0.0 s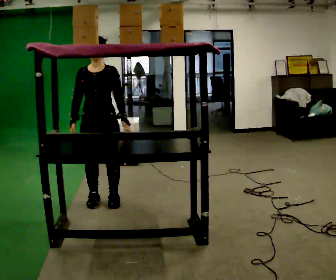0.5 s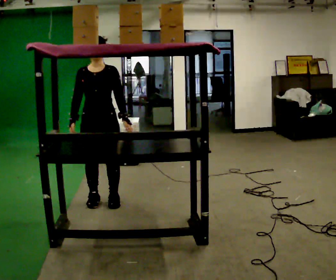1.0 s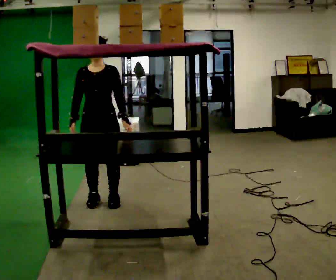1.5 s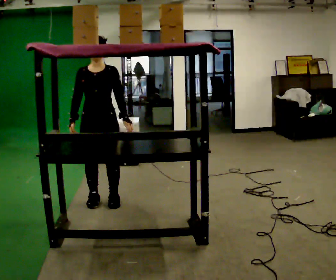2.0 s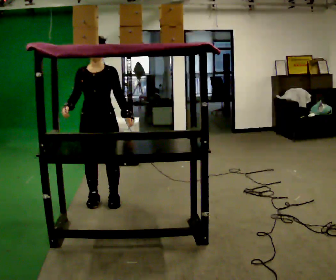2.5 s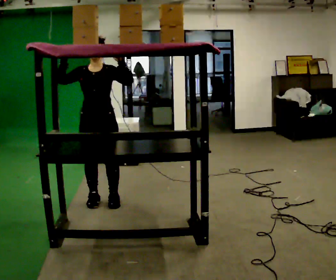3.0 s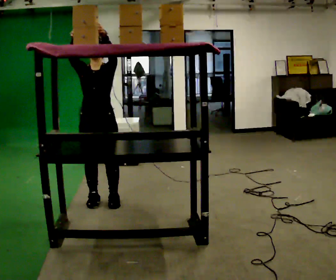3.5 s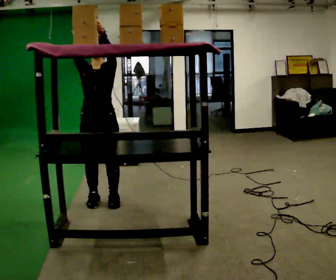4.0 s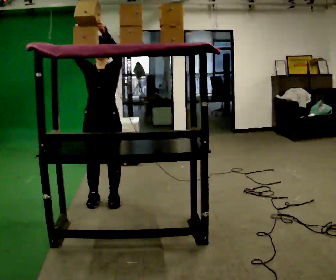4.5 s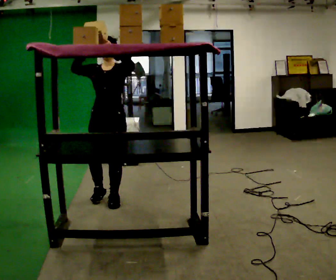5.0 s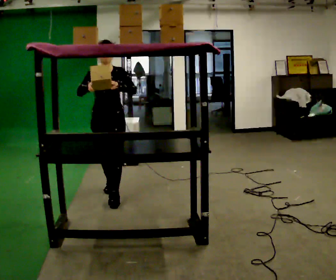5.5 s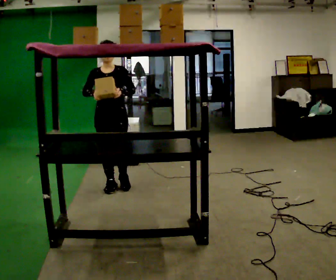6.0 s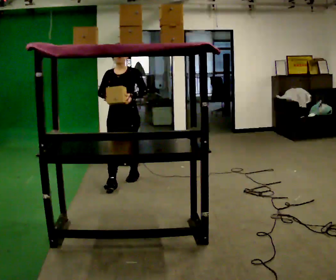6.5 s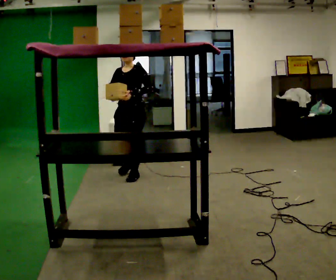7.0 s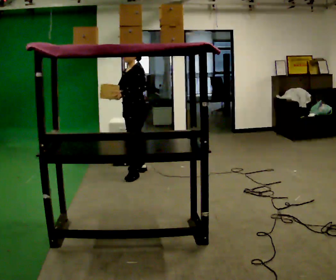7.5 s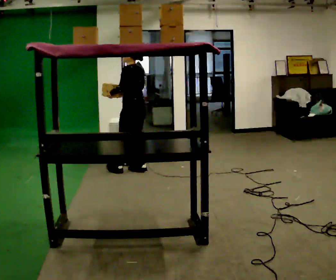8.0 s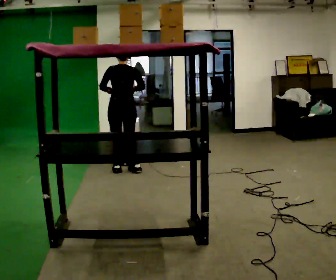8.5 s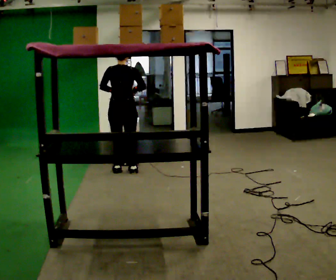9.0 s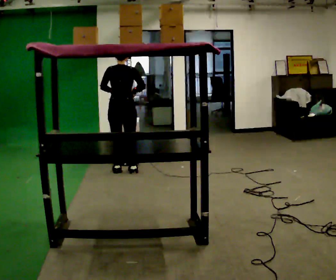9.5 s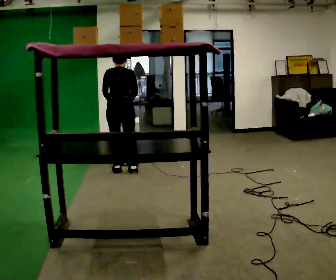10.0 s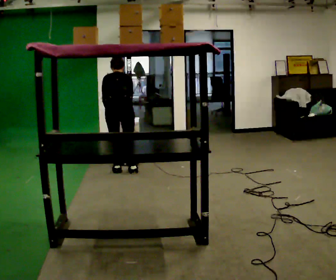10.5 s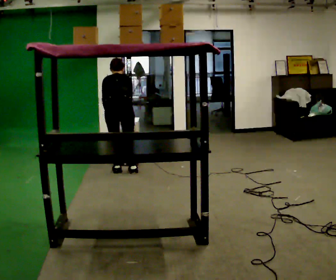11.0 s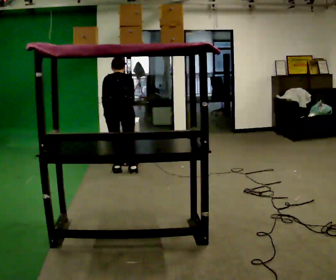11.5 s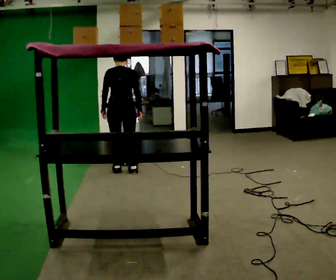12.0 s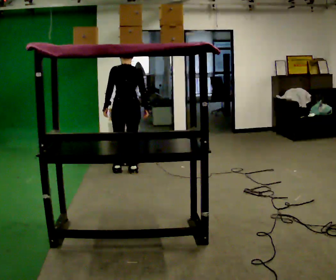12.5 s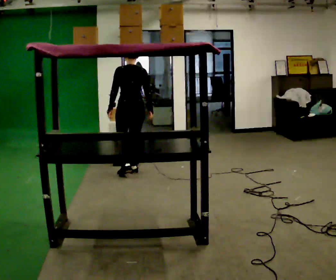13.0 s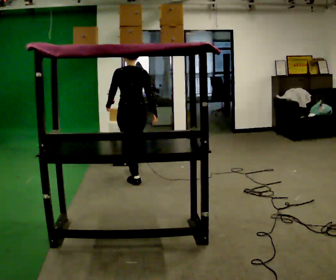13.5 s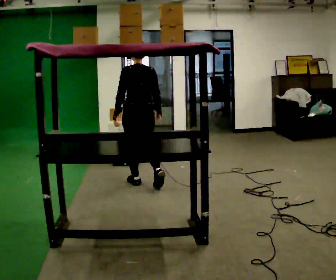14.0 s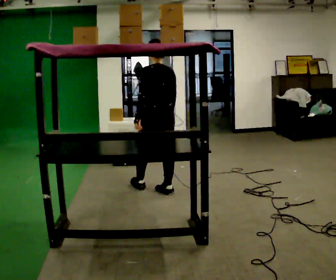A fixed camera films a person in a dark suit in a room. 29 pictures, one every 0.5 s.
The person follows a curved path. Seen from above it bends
counterclockwise.
0.0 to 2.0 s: The person moves a little, or ends about where they began.
2.0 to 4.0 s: In the picture their left hand goes upward.
4.0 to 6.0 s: In the picture they go away from the camera, about 0.5 m in 2 steps, which for them is backward. In the picture their left hand goes downward.
6.0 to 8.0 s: The person turns about 165 degrees to their right, clockwise seen from above, so the part of the body nearest the lens slides to the left. In the picture they go away from the camera, about 0.5 m in 2 steps.
8.0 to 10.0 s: The upper body tips away from the camera, its near side rolling upward, as they bend forward.
10.0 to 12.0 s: The upper body tips toward the camera, its near side rolling downward, as they lean back or straighten.
12.0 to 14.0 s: In the picture they go toward the camera and to the right, about 1 m in 3 steps, which for them is backward.
The film runs backward here.
